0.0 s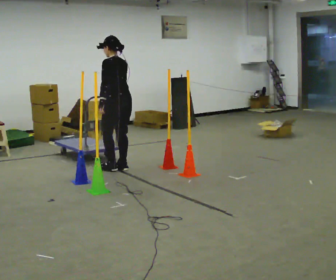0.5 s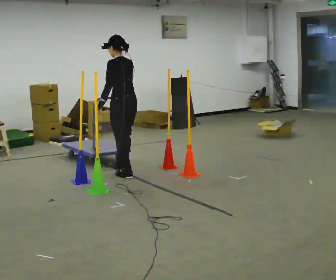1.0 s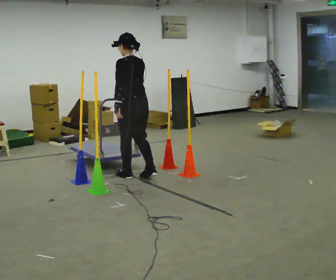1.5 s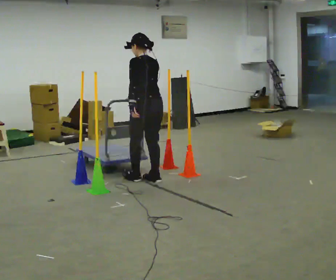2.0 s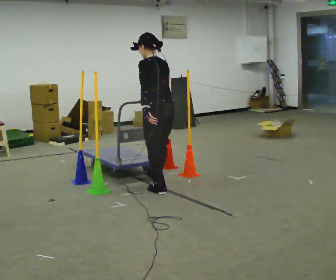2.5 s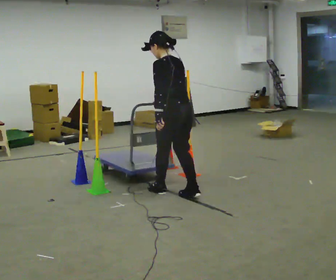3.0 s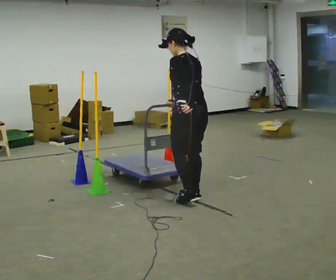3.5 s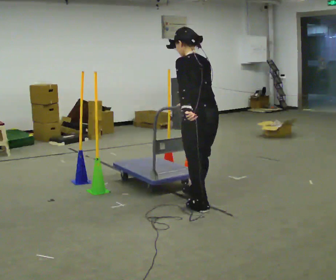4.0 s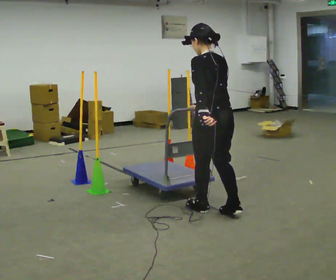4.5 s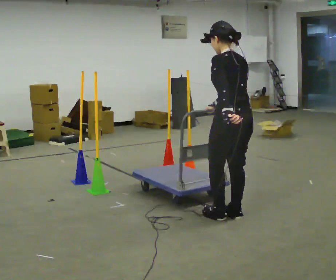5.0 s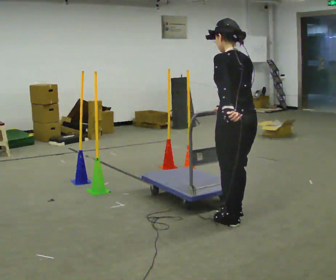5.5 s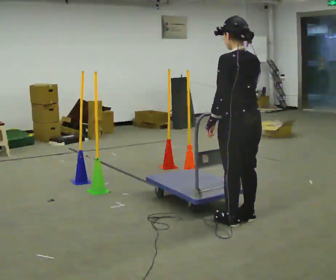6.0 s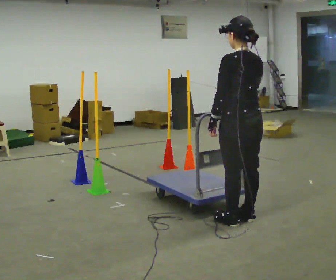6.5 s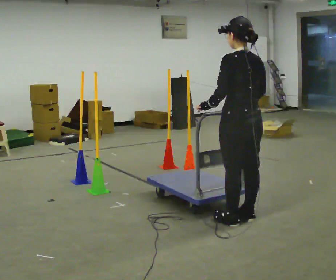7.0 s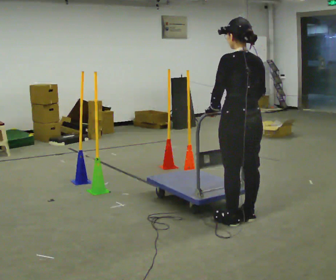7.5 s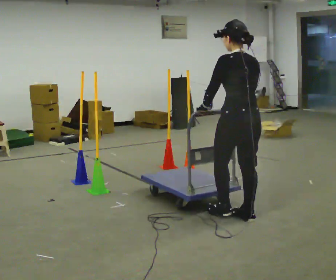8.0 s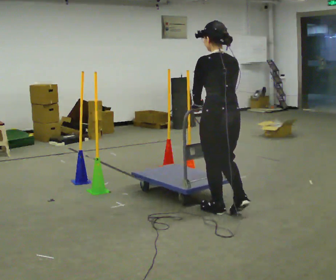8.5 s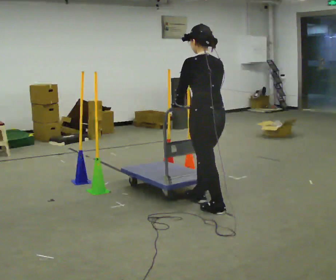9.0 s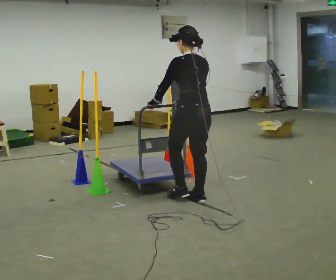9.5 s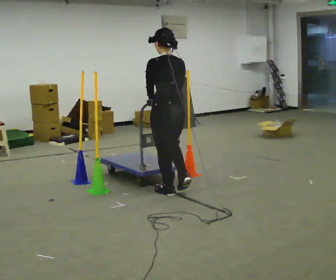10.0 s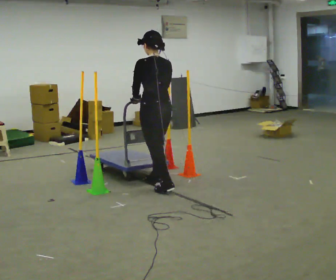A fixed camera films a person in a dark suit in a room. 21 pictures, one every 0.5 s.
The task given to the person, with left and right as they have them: Push the cart in and out of the line of poles without touching any of them. Keep going until the operator says stop.
0.0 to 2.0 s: In the picture they go to the right and toward the camera, about 1 m in 3 steps, which for them is backward.
2.0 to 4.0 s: In the picture they go to the right and toward the camera, about 1 m in 2 steps, which for them is backward.
4.0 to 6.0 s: In the picture they go to the right and toward the camera, about 0.25 m in 2 steps, which for them is backward.
6.0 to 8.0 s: In the picture they go to the left and away from the camera, about 0.25 m in 1 step, which for them is forward.
8.0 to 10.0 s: In the picture they go to the left and away from the camera, about 1 m in 3 steps, which for them is forward.
The film runs forward here.
